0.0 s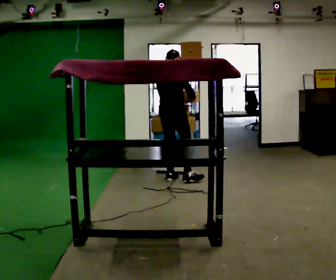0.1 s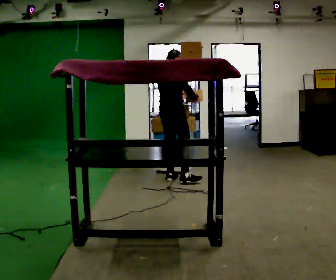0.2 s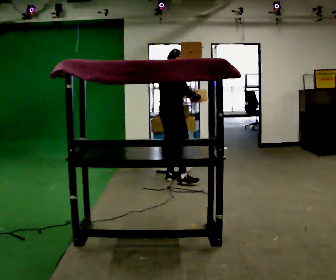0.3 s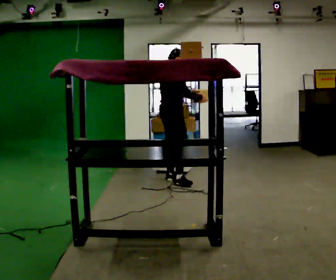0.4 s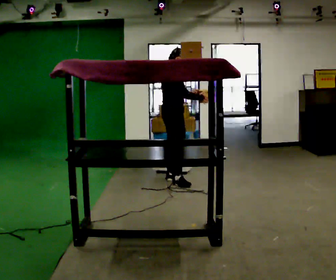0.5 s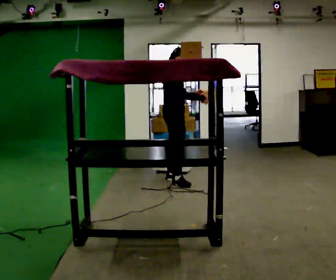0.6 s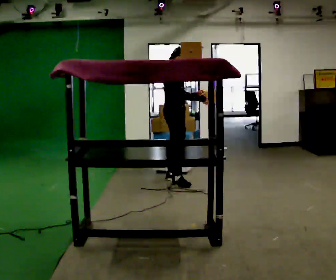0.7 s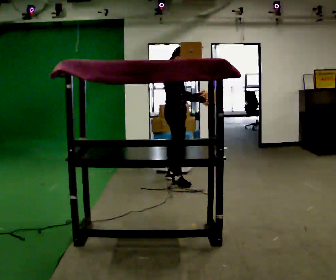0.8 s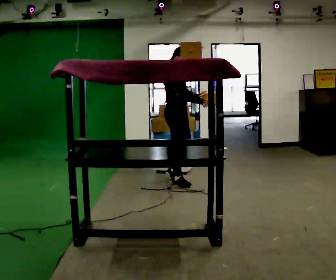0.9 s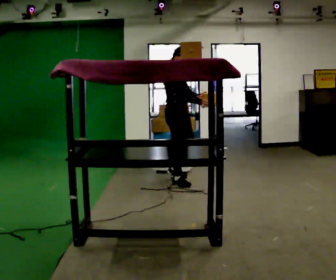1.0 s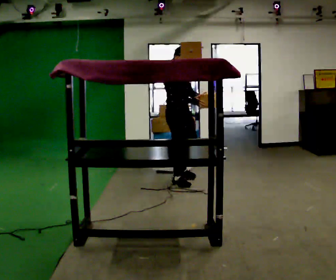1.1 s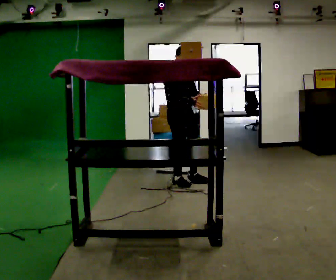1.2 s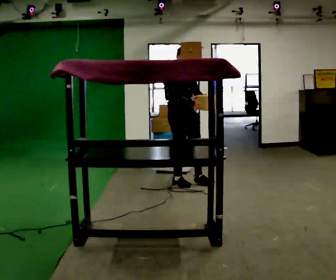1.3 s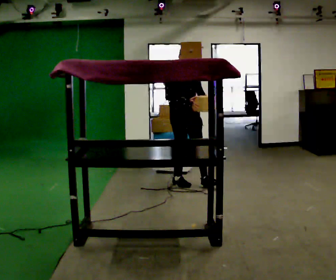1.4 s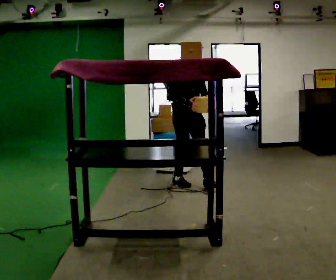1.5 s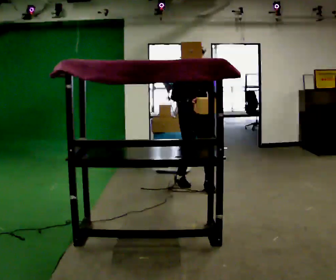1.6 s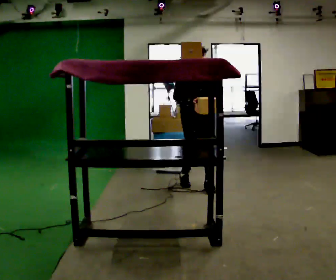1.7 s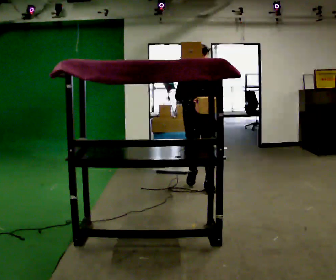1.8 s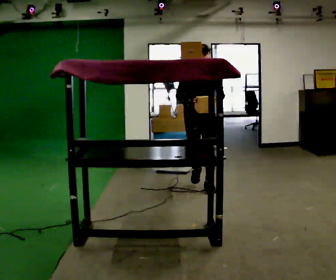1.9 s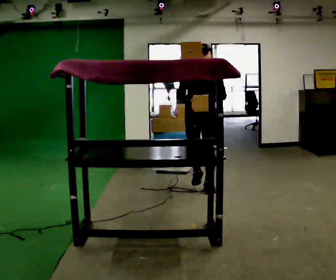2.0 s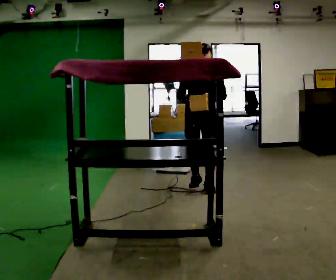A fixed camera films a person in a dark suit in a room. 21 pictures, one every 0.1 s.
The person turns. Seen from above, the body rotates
clockwise.
Their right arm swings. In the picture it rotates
clockwise.
0.0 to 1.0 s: Seen from above the body turns clockwise, about 75 degrees: to their right, with its near side sliding to the left. In the picture they go toward the camera, about 0.25 m in 1 step.
1.0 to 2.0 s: Seen from above the body turns clockwise, about 60 degrees: to their right, with its near side sliding to the left. In the picture they go toward the camera and to the right, about 0.5 m in 1 step.
The film runs forward here.
